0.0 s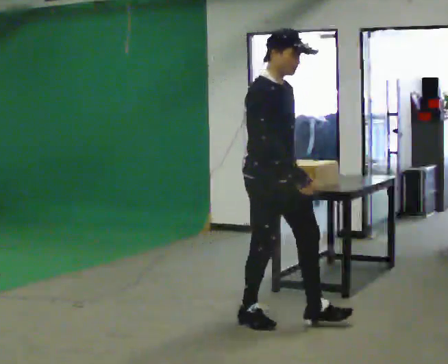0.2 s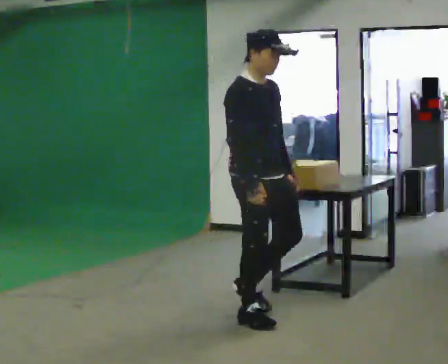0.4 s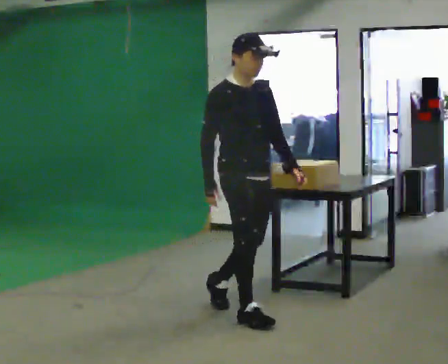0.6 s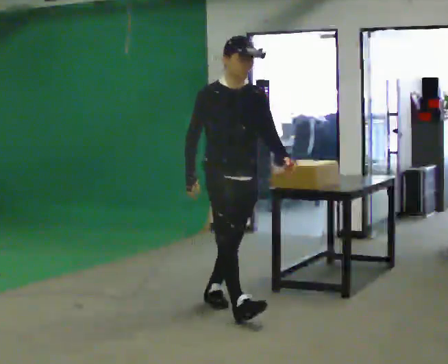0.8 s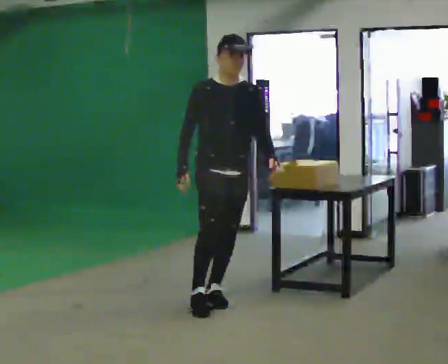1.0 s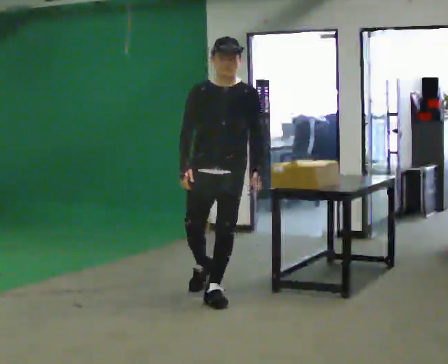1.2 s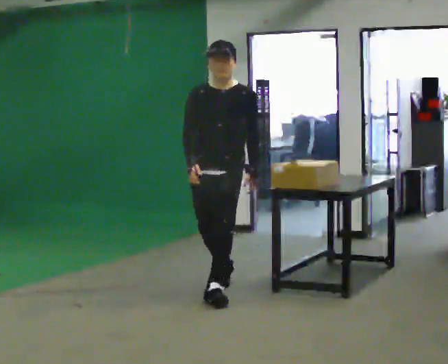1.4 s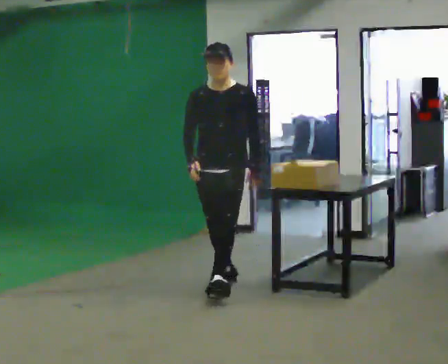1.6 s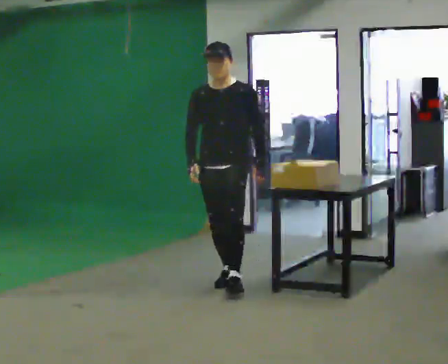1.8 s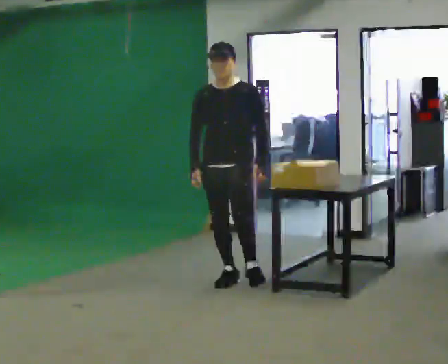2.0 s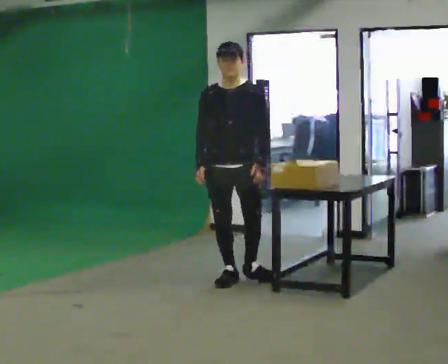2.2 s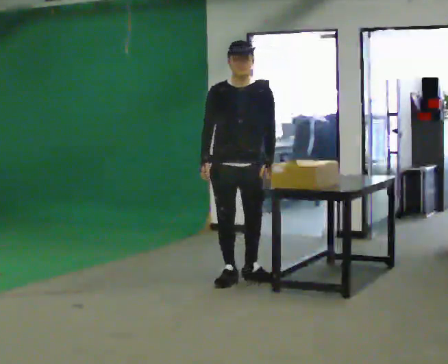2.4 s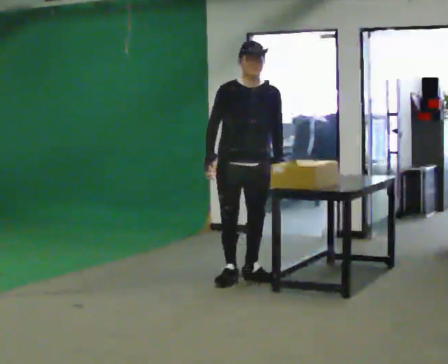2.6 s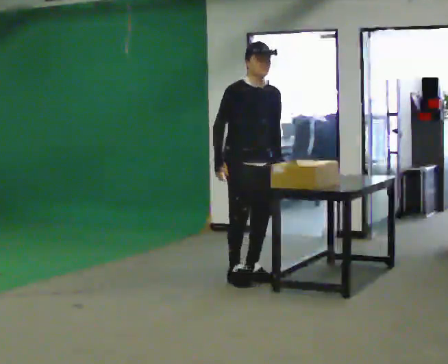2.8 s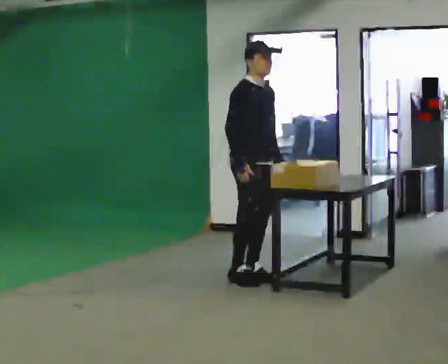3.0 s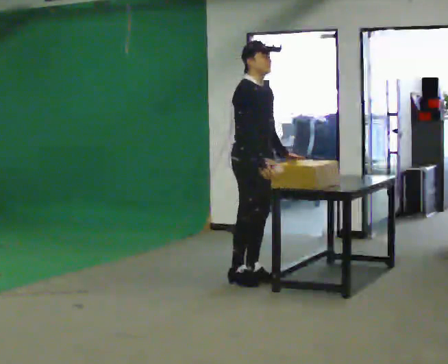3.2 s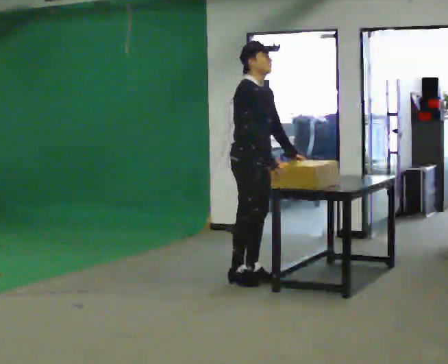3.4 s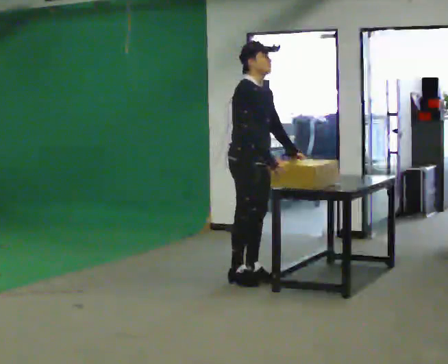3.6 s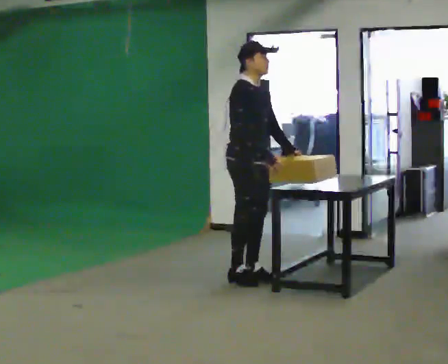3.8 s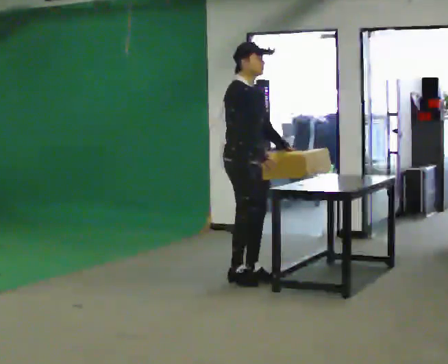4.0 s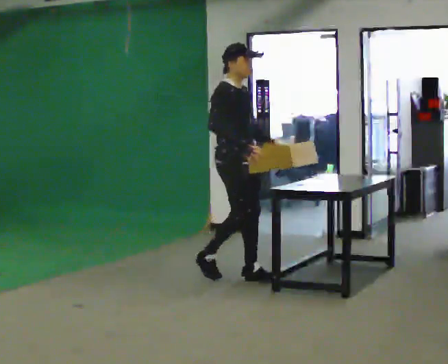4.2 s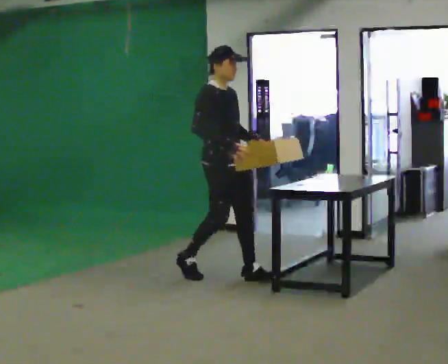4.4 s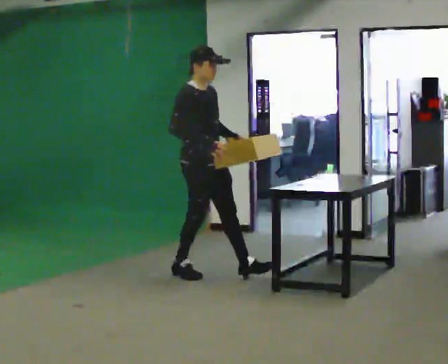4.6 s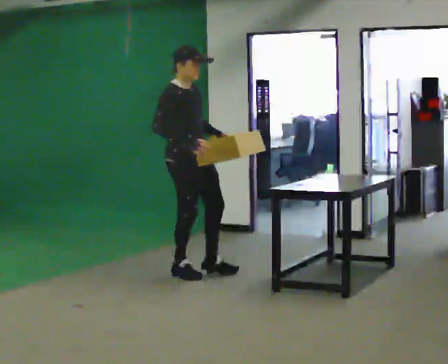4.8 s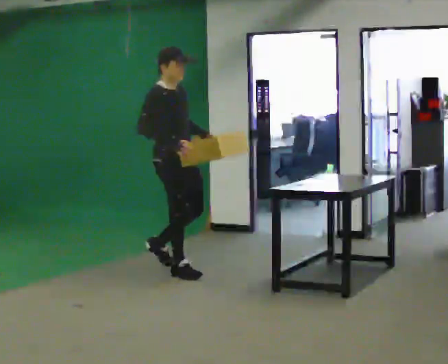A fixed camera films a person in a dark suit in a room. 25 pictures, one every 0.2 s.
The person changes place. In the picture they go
away from the camera.
0.0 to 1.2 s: The part of the body nearest the lens slides to the left as the person turns to their right by about 75 degrees. In the picture they go away from the camera and to the left, about 1 m in 1 step.
1.2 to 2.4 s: In the picture they go away from the camera, about 0.5 m in 1 step, which for them is backward.
2.4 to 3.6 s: Seen from above the body turns counterclockwise, about 45 degrees: to their left, with its near side sliding to the right. In the picture their right hand goes to the right.
3.6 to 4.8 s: In the picture they go to the left, about 0.5 m in 2 steps, which for them is backward.
The film runs backward here.
